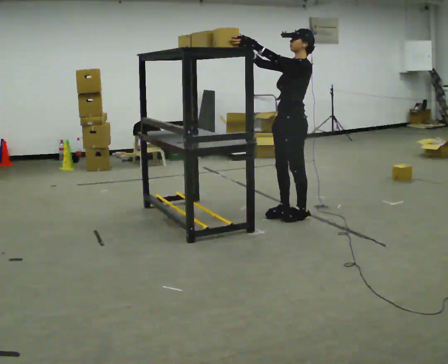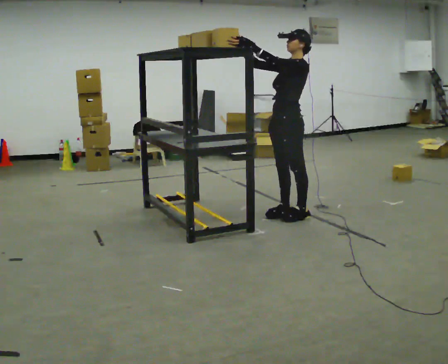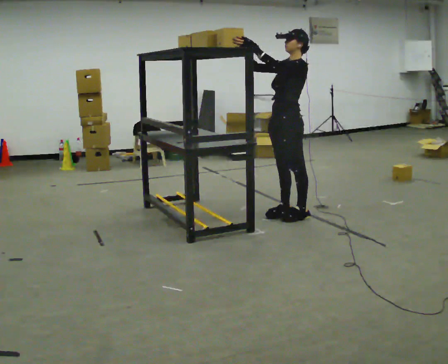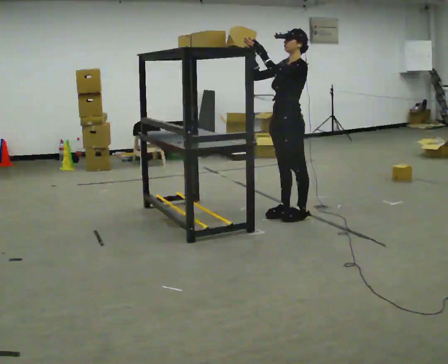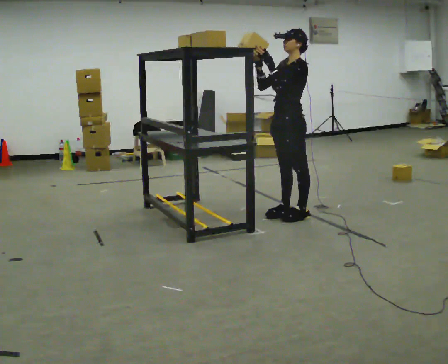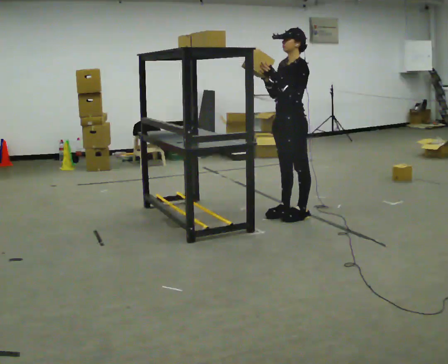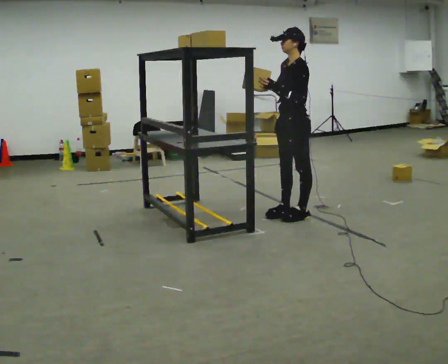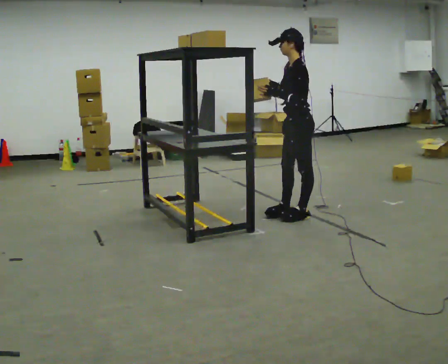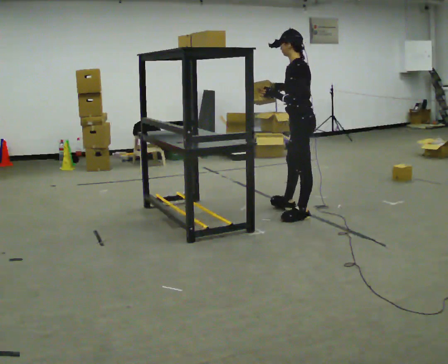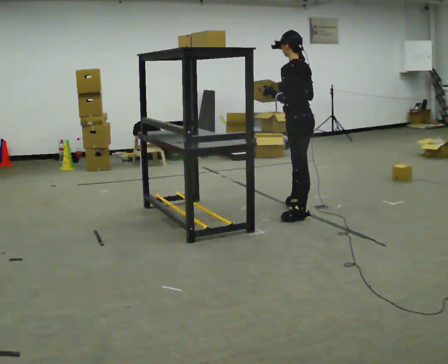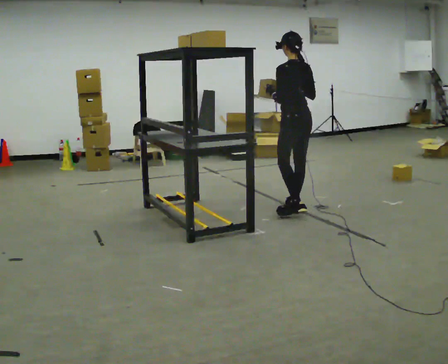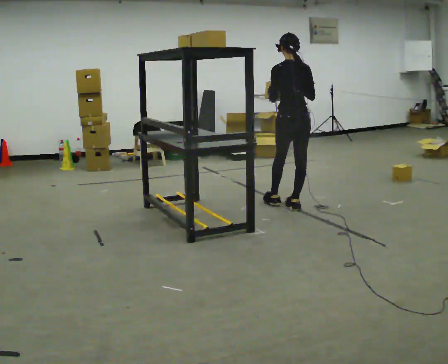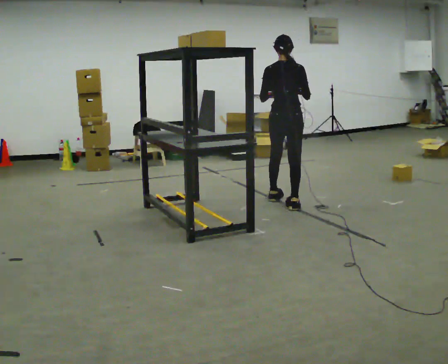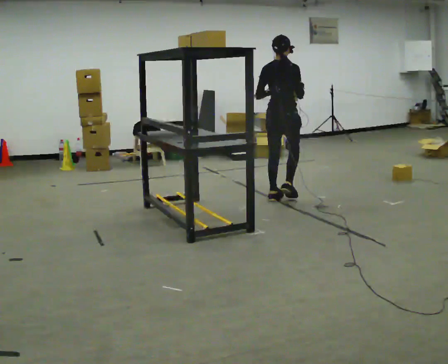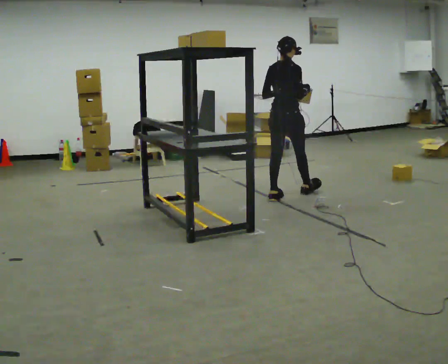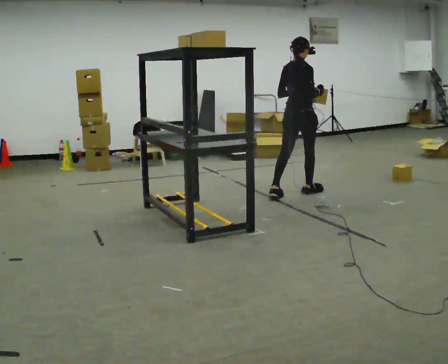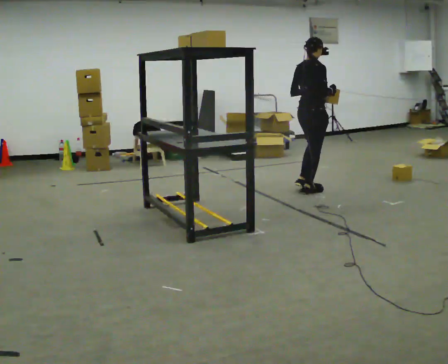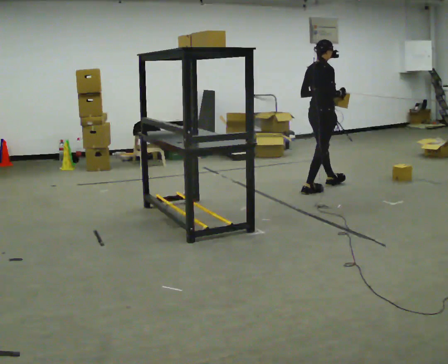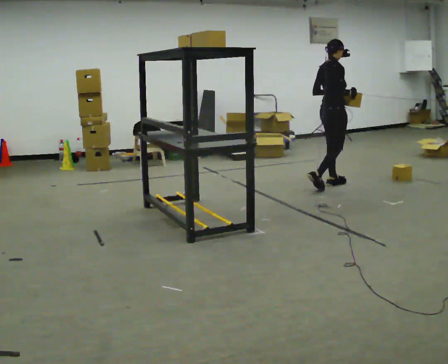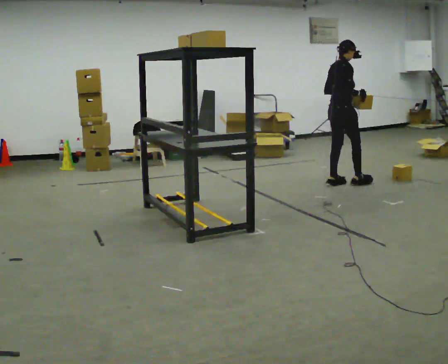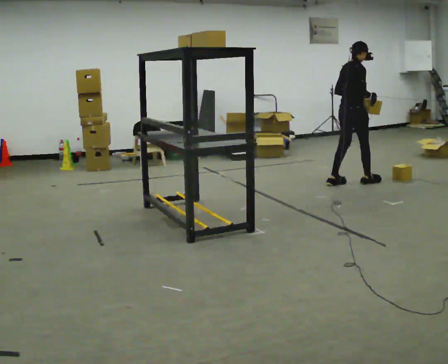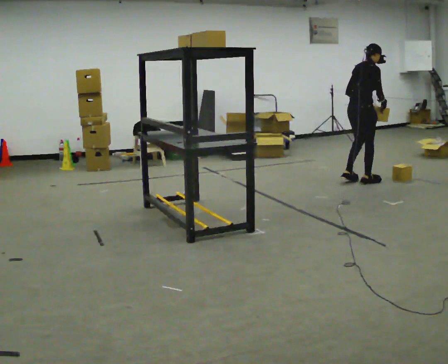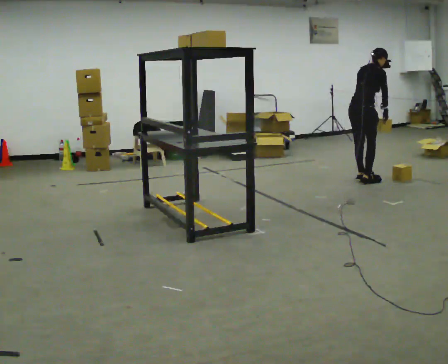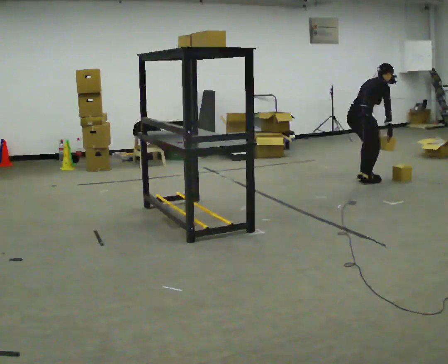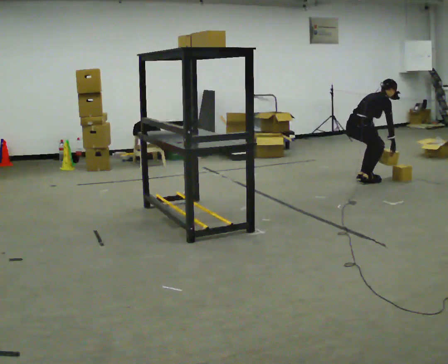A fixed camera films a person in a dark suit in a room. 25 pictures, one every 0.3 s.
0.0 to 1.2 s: The person moves a little, or ends about where they began.
1.2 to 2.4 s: Seen from above the body turns clockwise, about 45 degrees: to their right, with its near side sliding to the left.
2.4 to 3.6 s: The part of the body nearest the lens slides to the left as the person turns to their right by about 75 degrees. In the picture they go away from the camera, about 0.5 m in 2 steps.
3.6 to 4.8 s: The person turns about 45 degrees to their right, clockwise seen from above, so the part of the body nearest the lens slides to the left. In the picture they go away from the camera and to the right, about 0.5 m in 1 step, which for them is forward.
4.8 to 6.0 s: In the picture they go to the right and away from the camera, about 0.5 m in 2 steps, which for them is forward.
6.0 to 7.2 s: The upper body goes downward. In the picture the upper body tilts clockwise, shoulders to the right, as they bend forward. In the picture their right hand goes downward.
The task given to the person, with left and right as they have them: Take an object from the highest shelf you can comfortably reach, carry it across, and place it on the lowest shelf. Keep going until the operator says stop; one object at a time, and do not rush between trips.
The film runs forward here.
